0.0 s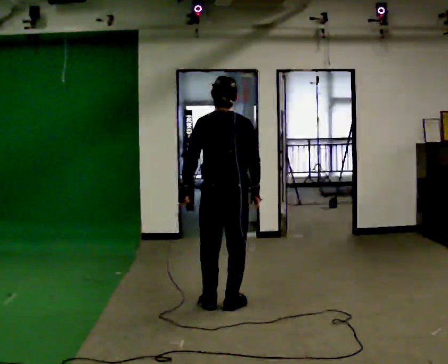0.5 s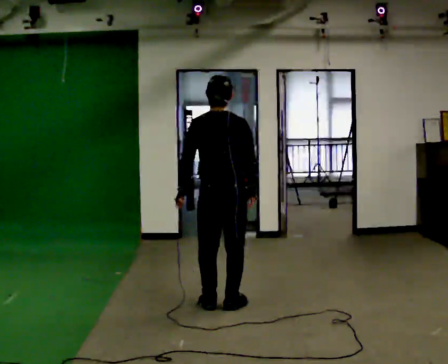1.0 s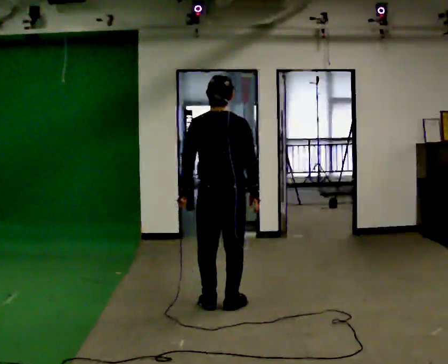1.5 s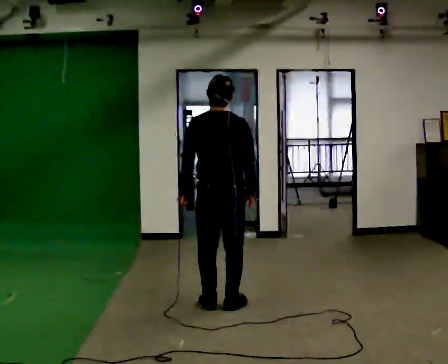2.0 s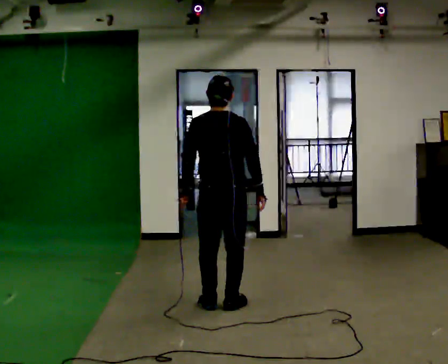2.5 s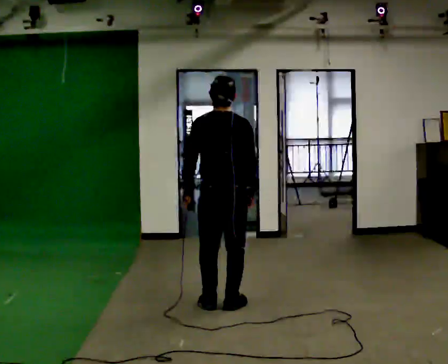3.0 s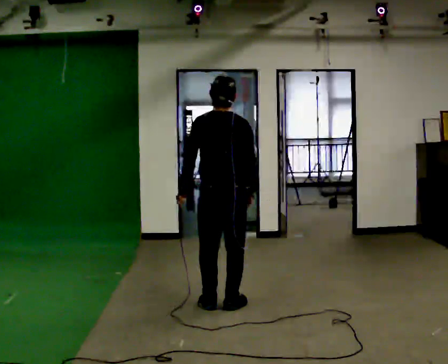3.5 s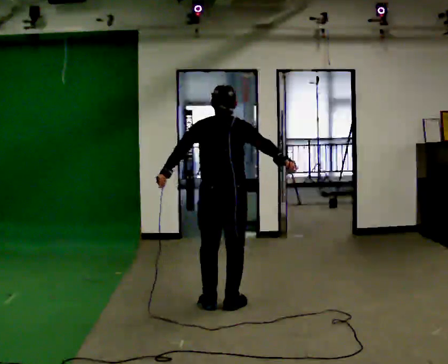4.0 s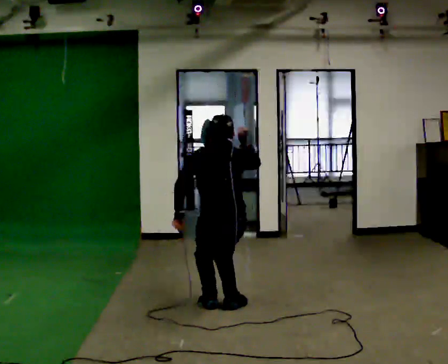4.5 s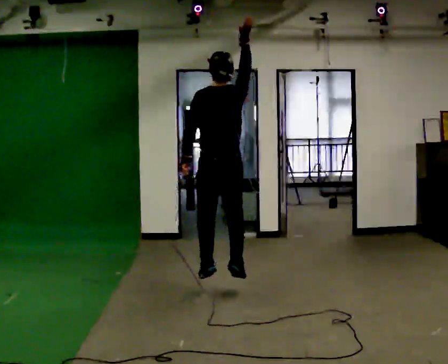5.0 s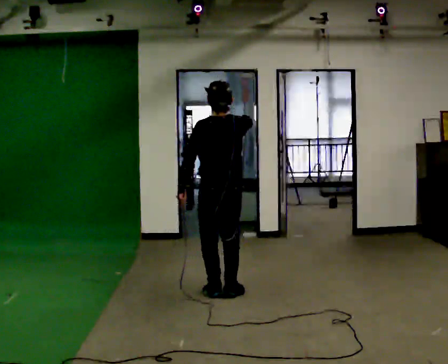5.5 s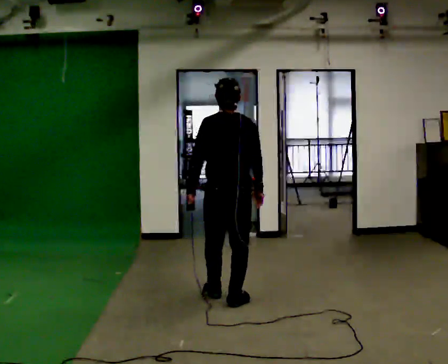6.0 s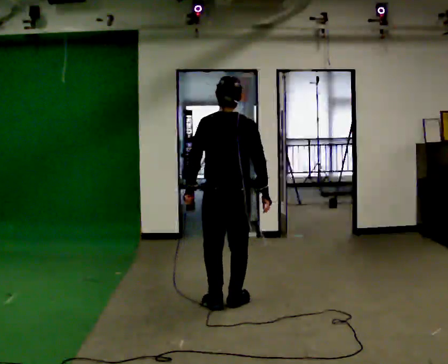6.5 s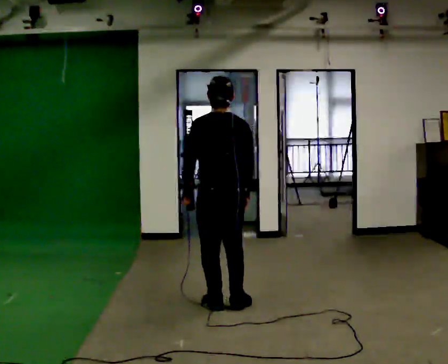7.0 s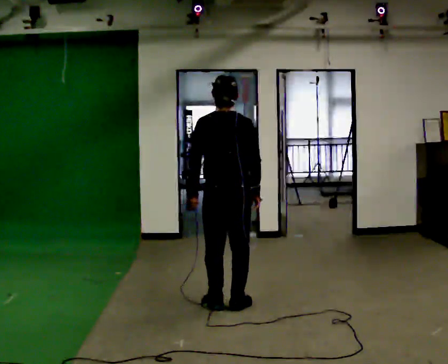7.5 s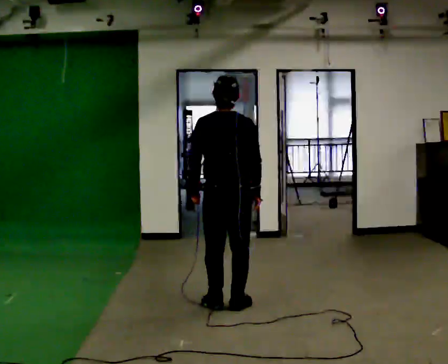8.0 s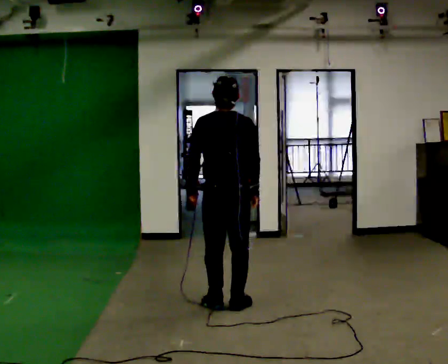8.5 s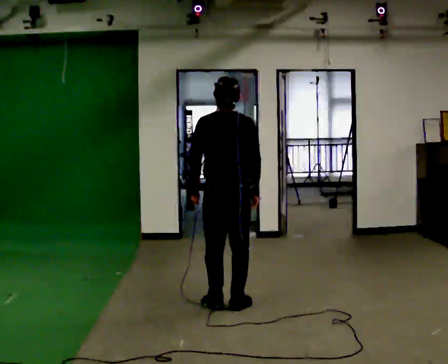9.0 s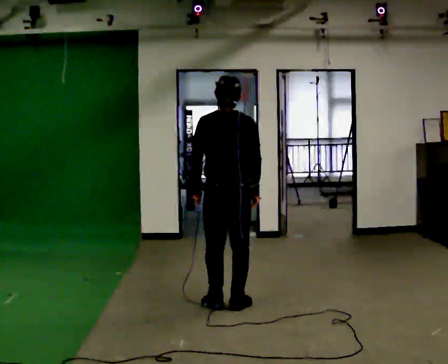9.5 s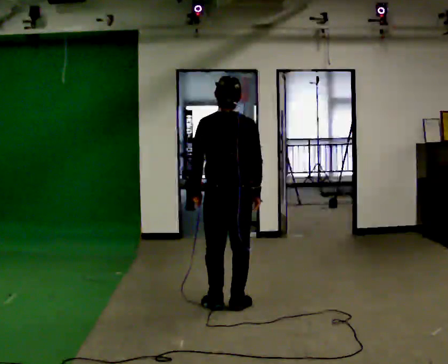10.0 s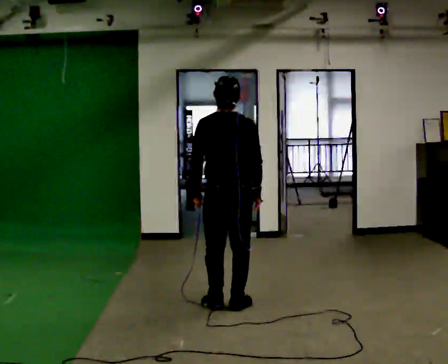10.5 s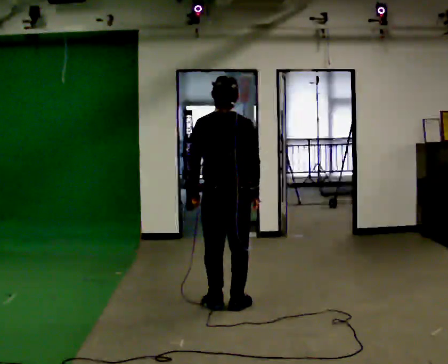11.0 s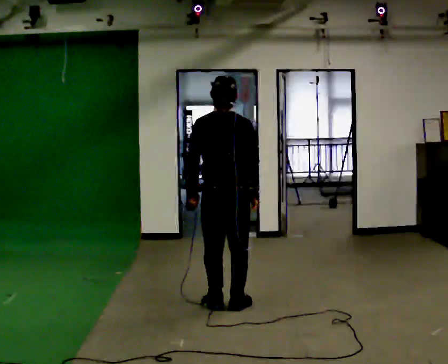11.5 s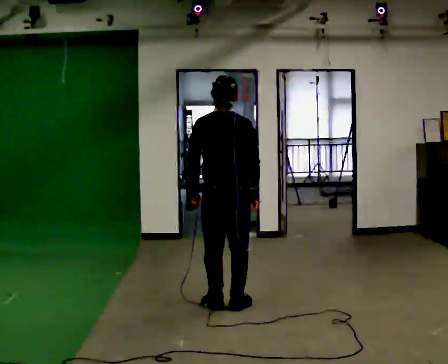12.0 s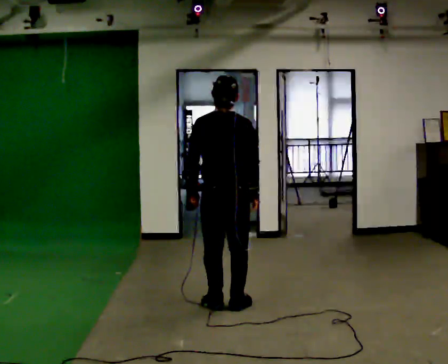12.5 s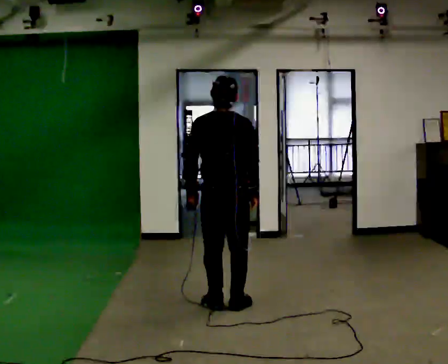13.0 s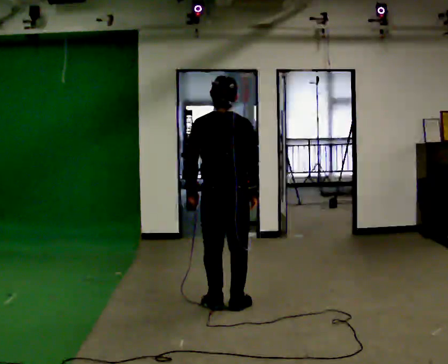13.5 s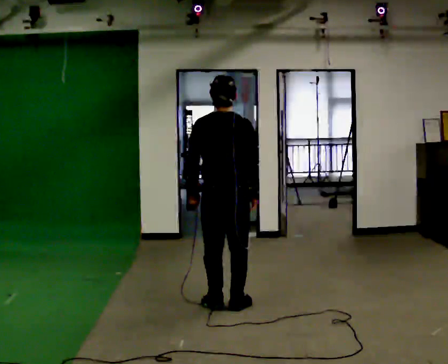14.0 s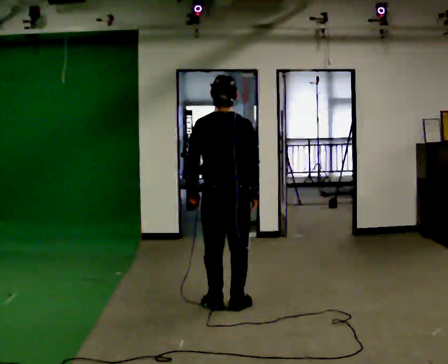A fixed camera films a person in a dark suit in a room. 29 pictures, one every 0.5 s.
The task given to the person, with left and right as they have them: Mime a volleyball spike with no ball: approach in place, jump and strike downward. Repeat the movement at your own pace until the operator says stop; do not rush.
0.0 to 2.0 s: The person moves a little, or ends about where they began.
2.0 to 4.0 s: In the picture their right hand goes upward.
4.0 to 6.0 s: In the picture their right hand goes downward.
6.0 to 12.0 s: The person moves a little, or ends about where they began.
12.0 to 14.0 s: The person keeps their place and pose.
The film runs forward here.
